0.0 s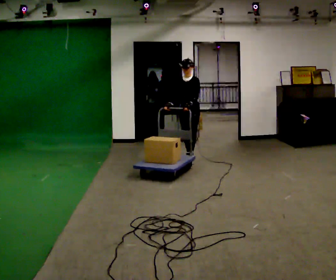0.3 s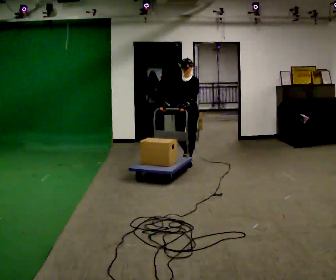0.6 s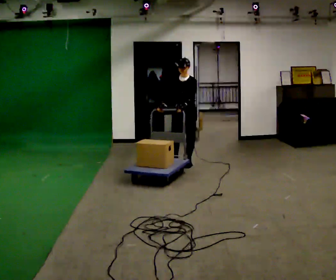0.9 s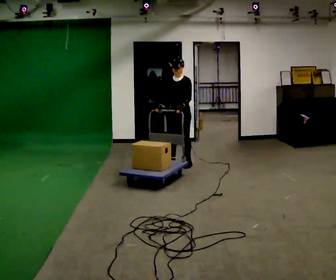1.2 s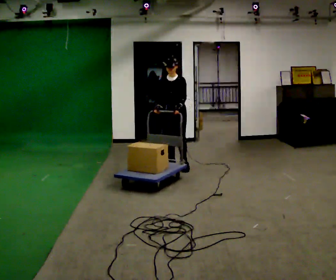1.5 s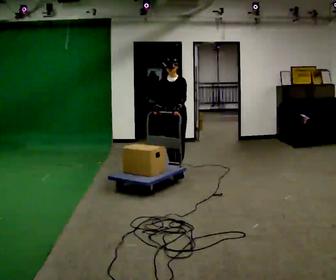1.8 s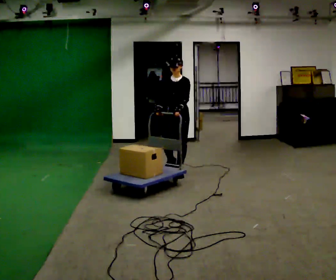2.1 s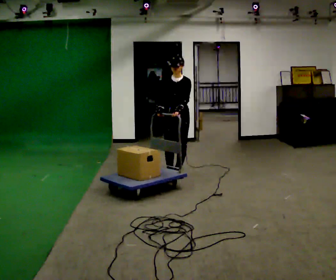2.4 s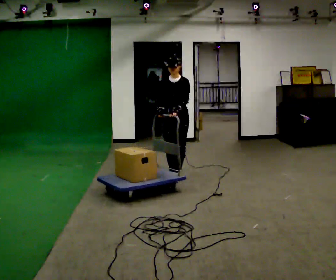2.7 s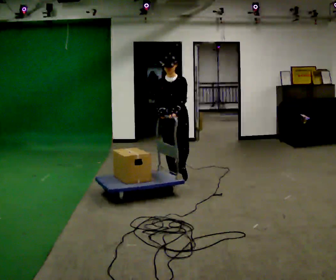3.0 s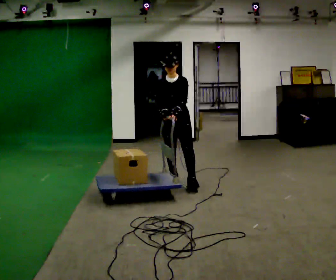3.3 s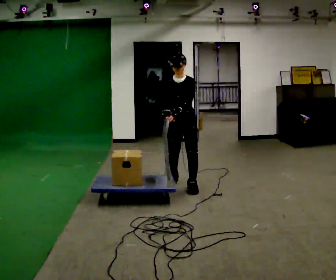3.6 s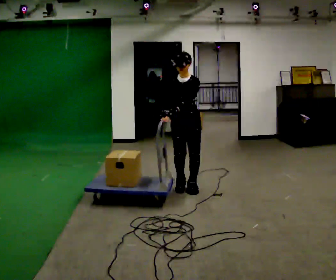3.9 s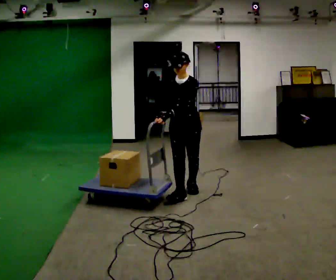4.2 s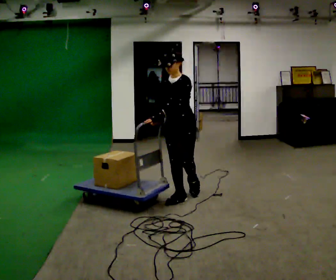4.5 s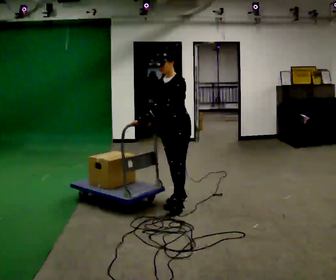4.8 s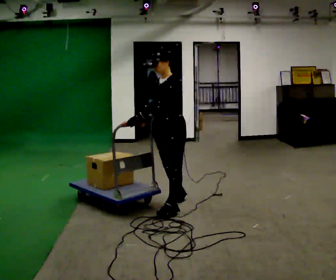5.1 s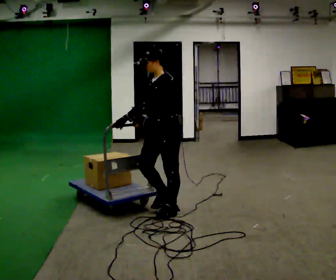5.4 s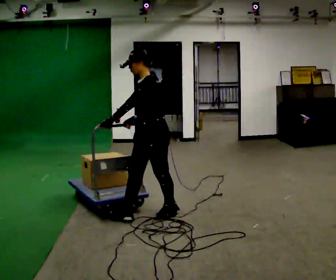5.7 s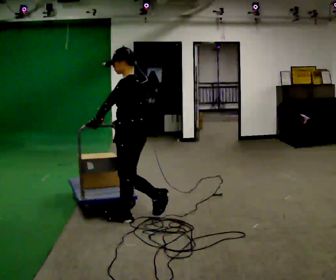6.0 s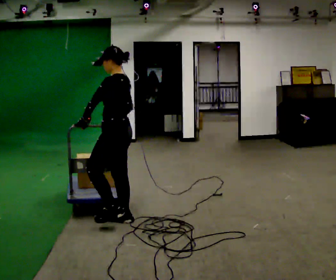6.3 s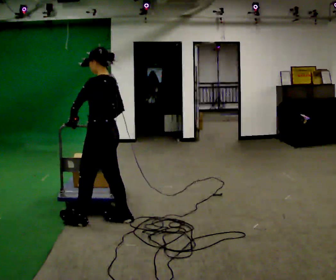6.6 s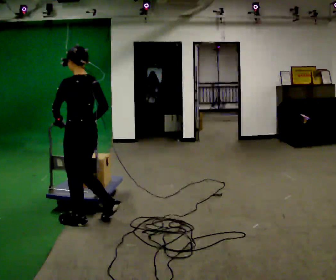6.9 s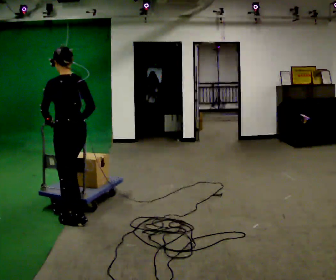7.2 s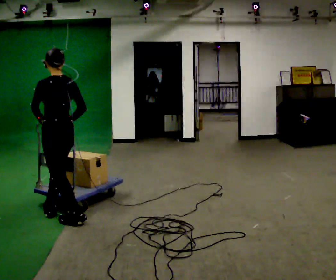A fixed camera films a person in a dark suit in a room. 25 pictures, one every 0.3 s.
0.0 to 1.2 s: In the picture they go toward the camera and to the left, about 0.5 m in 2 steps, which for them is forward.
1.2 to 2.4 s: In the picture they go toward the camera, about 0.5 m in 2 steps, which for them is forward.
2.4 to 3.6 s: In the picture they go toward the camera, about 0.5 m in 1 step, which for them is forward.
3.6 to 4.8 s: The person turns about 30 degrees to their right, clockwise seen from above, so the part of the body nearest the lens slides to the left. In the picture they go toward the camera, about 0.75 m in 2 steps, which for them is forward.
4.8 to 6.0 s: The part of the body nearest the lens slides to the left as the person turns to their right by about 45 degrees. In the picture they go to the left and toward the camera, about 0.5 m in 1 step, which for them is forward.
6.0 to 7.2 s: In the picture they go to the left, about 0.5 m in 2 steps, which for them is forward and to their left.
The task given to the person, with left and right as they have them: Push the loaded cart from one corner of the room to the other, turn it round, and push it back. Keep going until the operator says stop.
The film runs forward here.
